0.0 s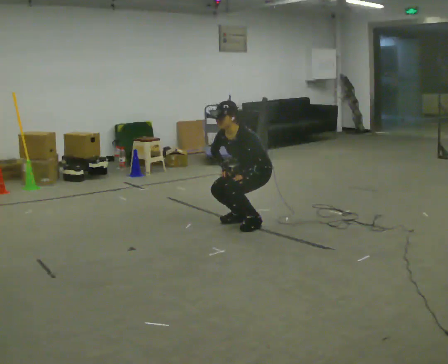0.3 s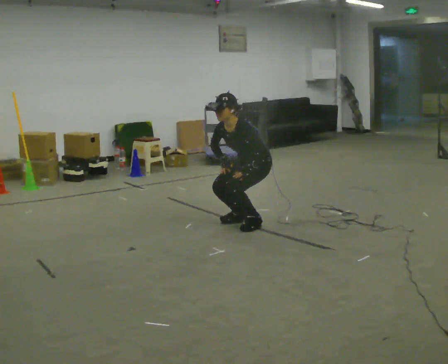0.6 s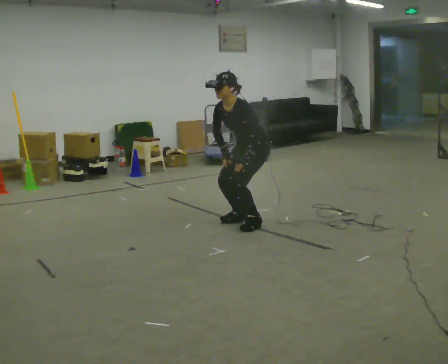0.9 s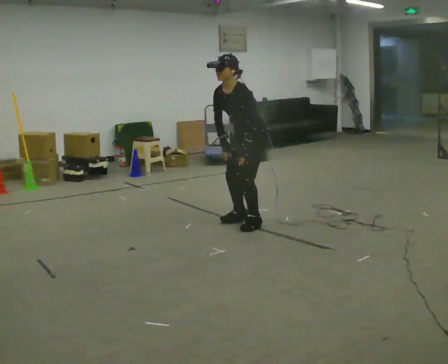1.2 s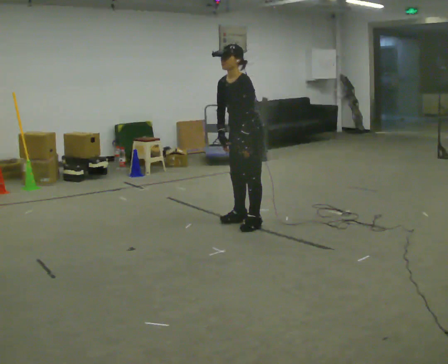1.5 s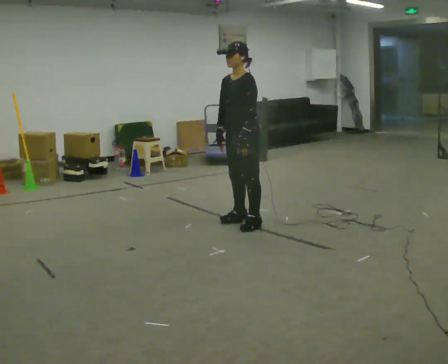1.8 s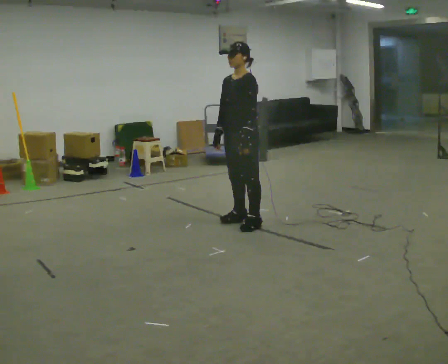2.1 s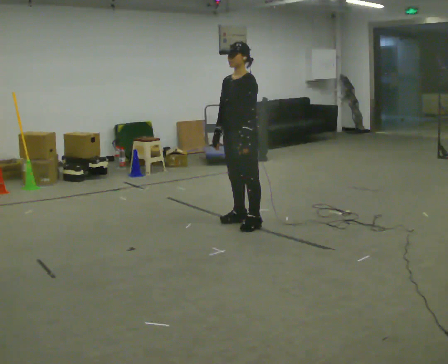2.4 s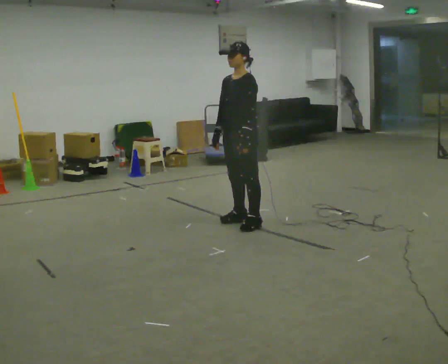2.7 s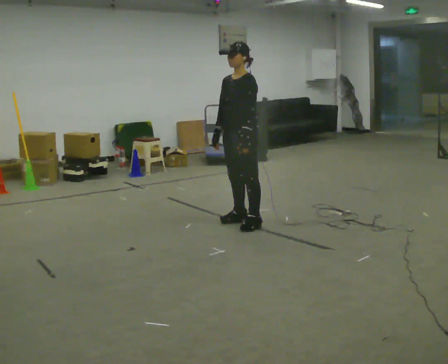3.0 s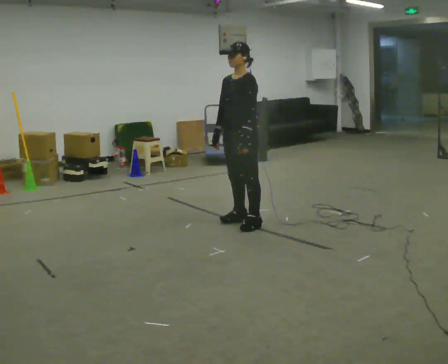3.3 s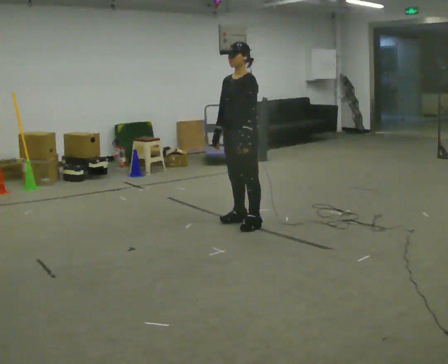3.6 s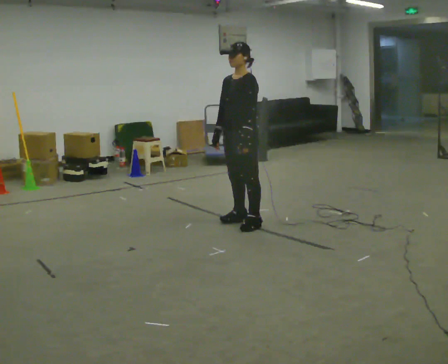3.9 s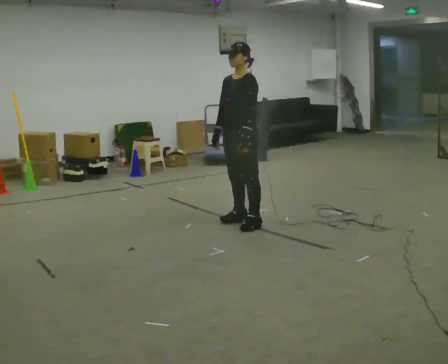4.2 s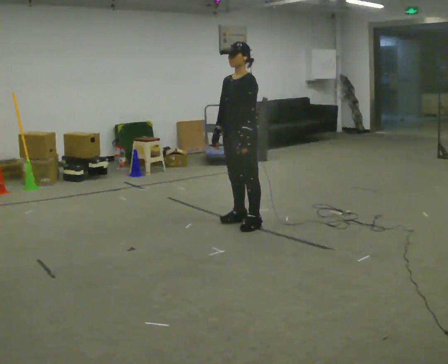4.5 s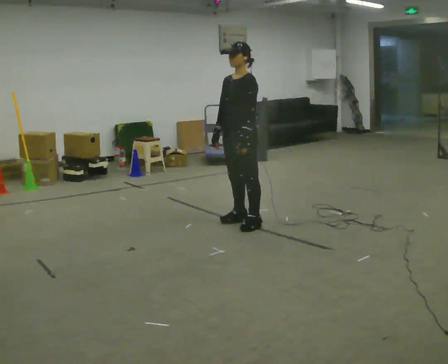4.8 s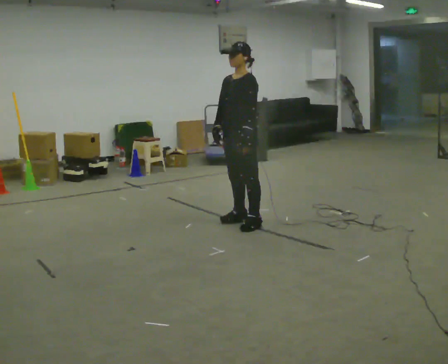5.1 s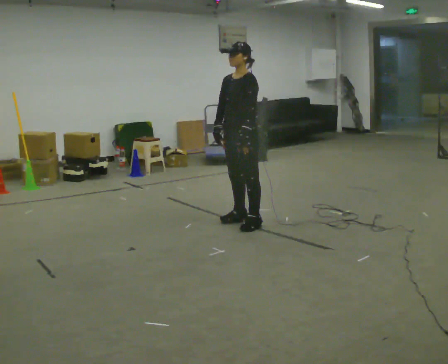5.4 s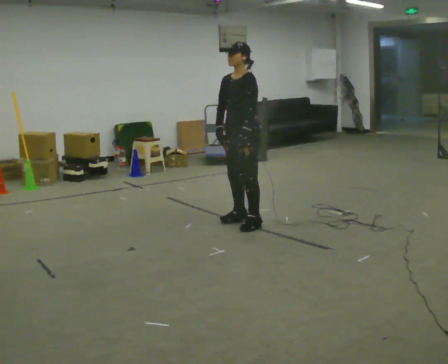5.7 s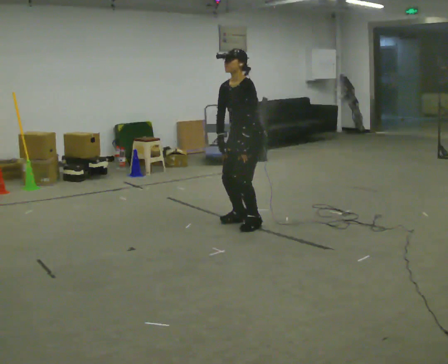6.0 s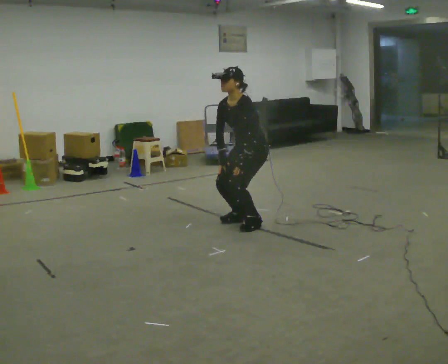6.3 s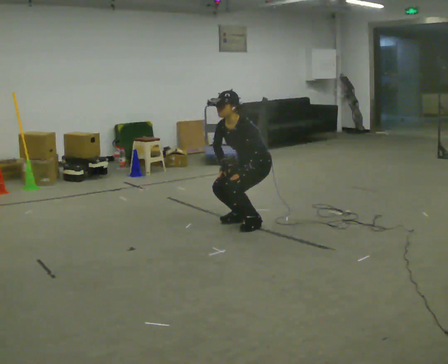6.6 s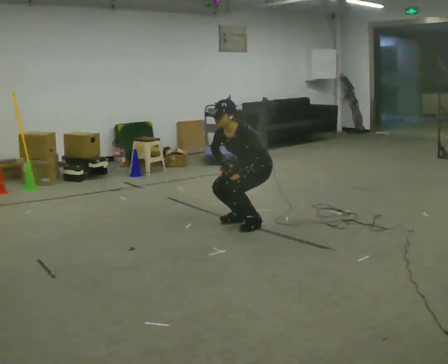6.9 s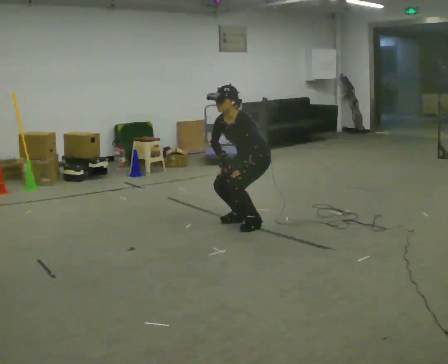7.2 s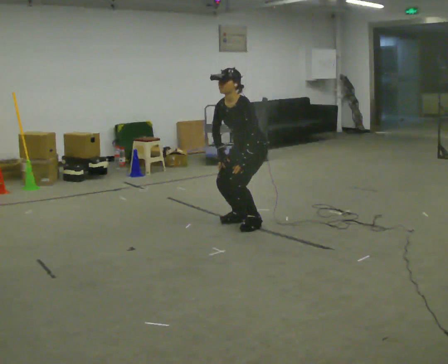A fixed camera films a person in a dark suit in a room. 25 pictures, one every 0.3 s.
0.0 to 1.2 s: The upper body goes upward.
1.2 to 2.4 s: In the picture the upper body tilts clockwise, shoulders to the right, as they lean back or straighten.
2.4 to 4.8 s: The person keeps their place and pose.
4.8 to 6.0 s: The upper body goes downward. In the picture the upper body tilts counterclockwise, shoulders to the left, as they bend forward.
6.0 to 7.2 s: The person moves a little, or ends about where they began.
The film runs backward here.
